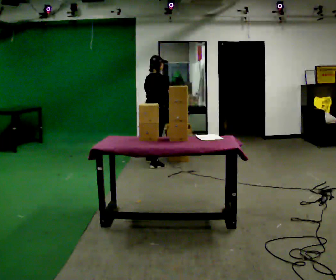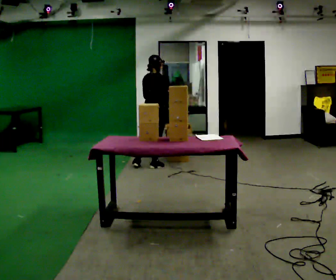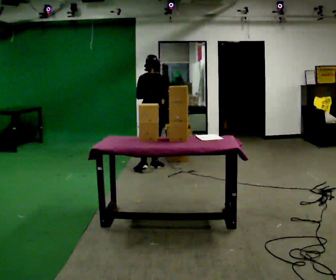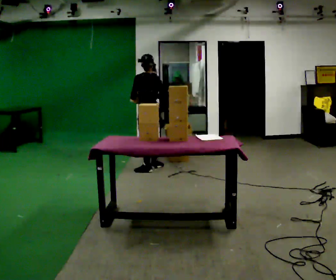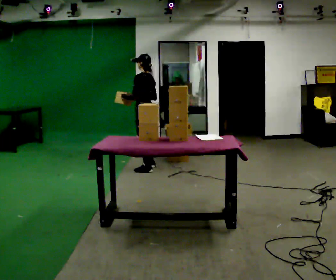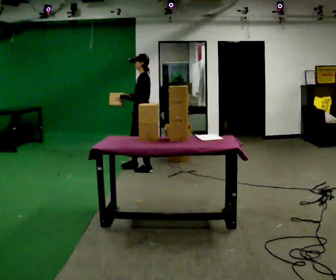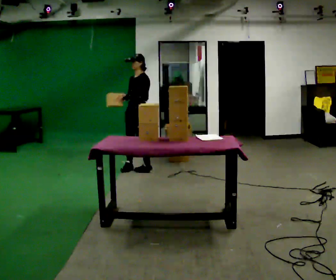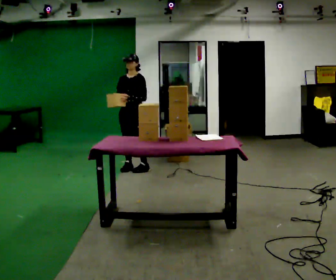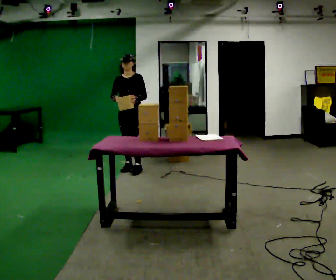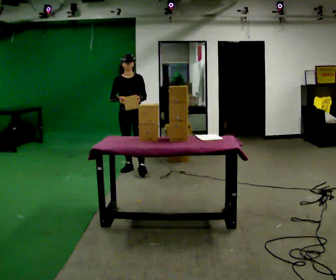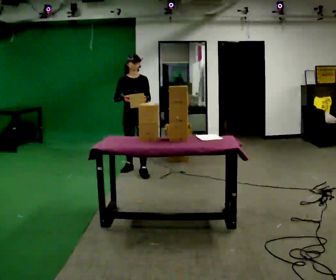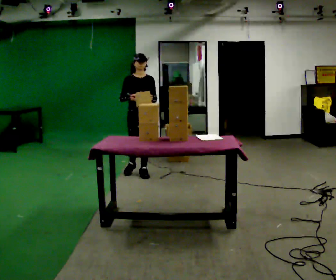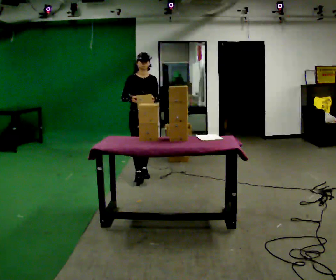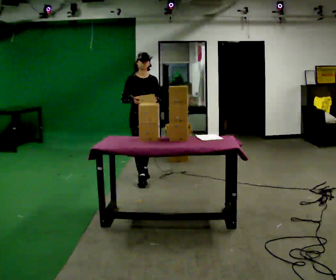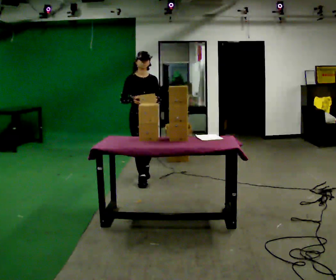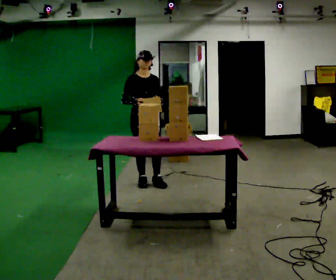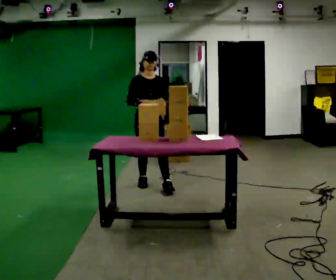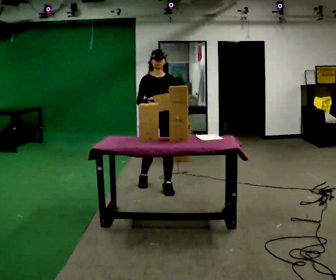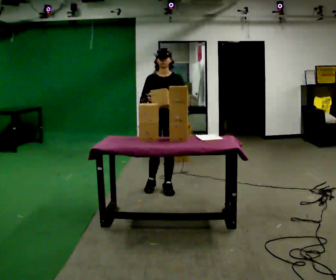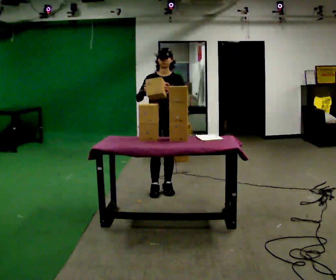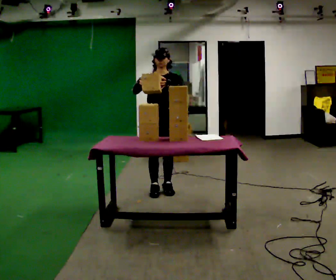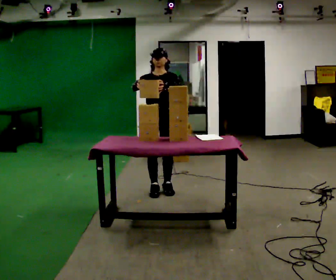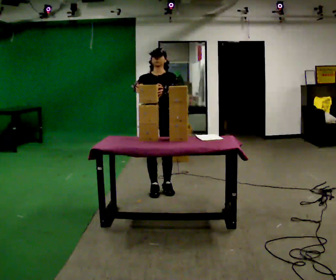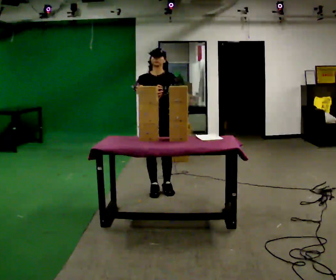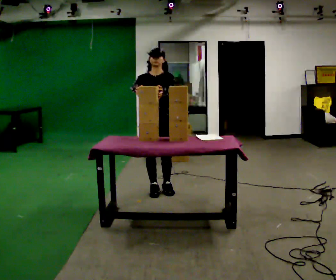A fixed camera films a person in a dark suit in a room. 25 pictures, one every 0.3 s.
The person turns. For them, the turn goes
to their left.
The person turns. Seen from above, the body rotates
counterclockwise.
0.0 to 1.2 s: Seen from above the body turns counterclockwise, about 105 degrees: to their left, with its near side sliding to the right. In the picture they go toward the camera, about 0.25 m in 1 step.
1.2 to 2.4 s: Seen from above the body turns counterclockwise, about 105 degrees: to their left, with its near side sliding to the right. In the picture they go to the left, about 0.25 m in 1 step.
2.4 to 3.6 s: In the picture they go toward the camera and to the right, about 0.5 m in 1 step, which for them is forward.
3.6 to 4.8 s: In the picture they go toward the camera, about 0.5 m in 2 steps, which for them is forward.
4.8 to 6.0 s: In the picture they go toward the camera, about 0.25 m in 1 step, which for them is forward and to their left.
6.0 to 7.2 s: The person moves a little, or ends about where they began.
The film runs forward here.
